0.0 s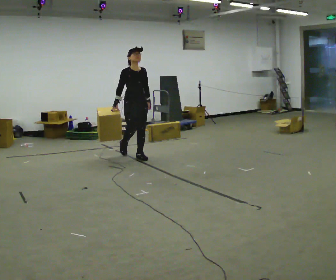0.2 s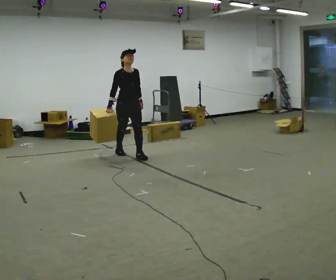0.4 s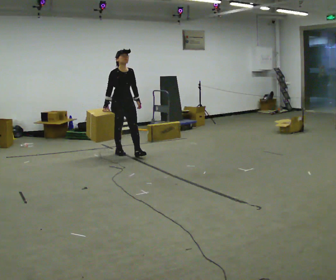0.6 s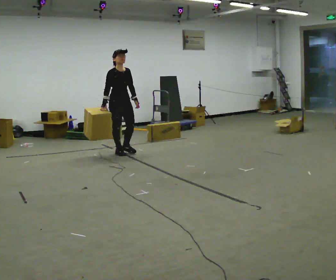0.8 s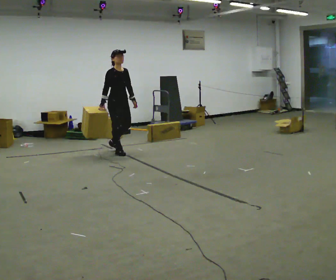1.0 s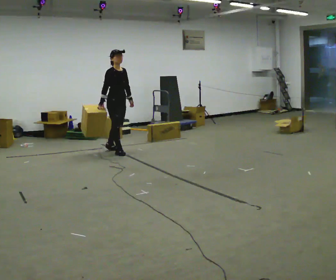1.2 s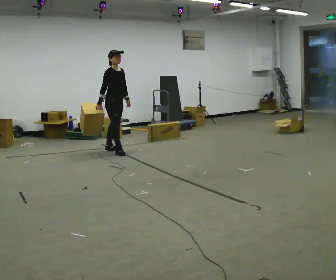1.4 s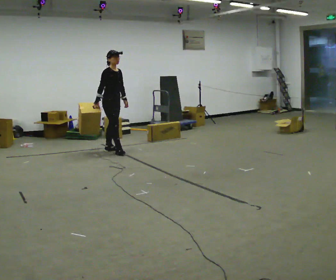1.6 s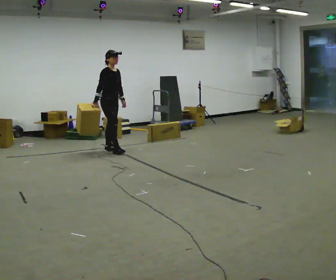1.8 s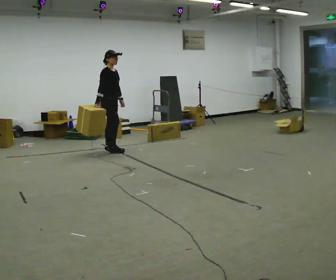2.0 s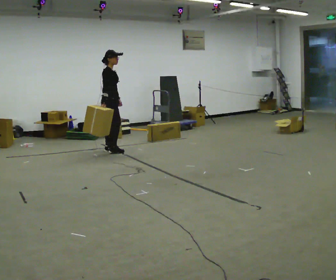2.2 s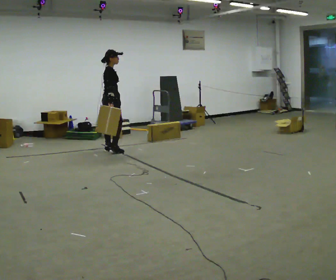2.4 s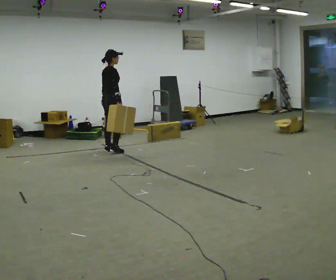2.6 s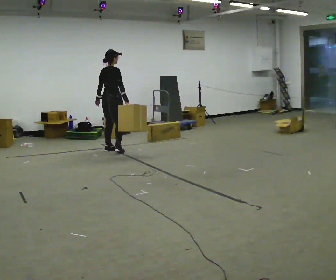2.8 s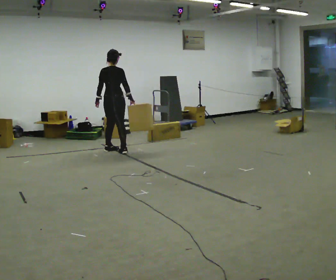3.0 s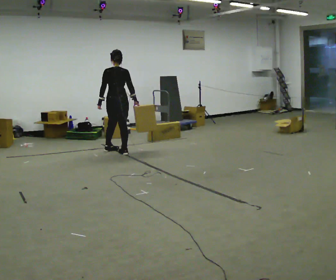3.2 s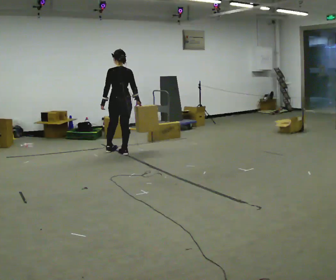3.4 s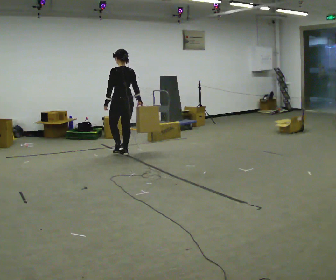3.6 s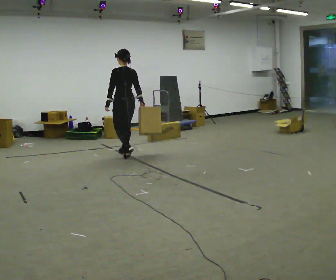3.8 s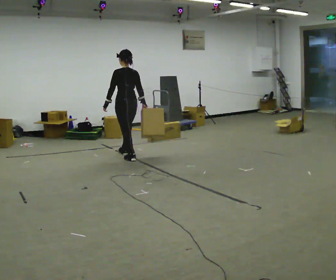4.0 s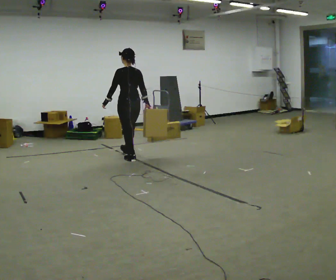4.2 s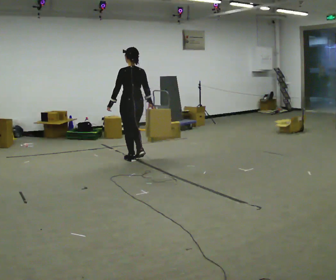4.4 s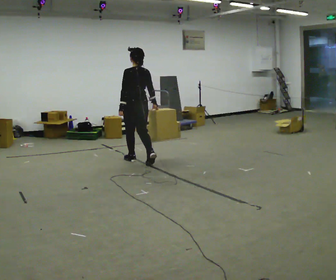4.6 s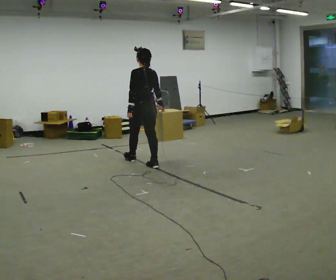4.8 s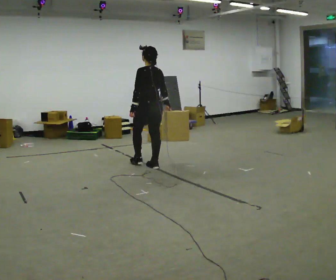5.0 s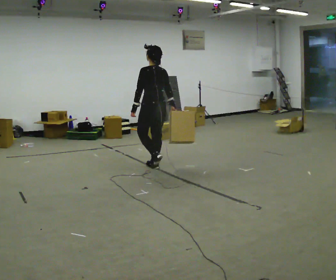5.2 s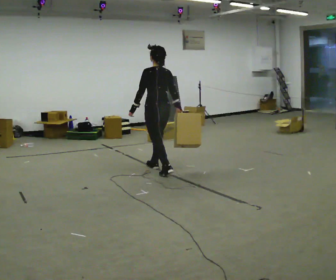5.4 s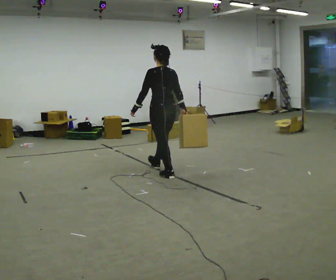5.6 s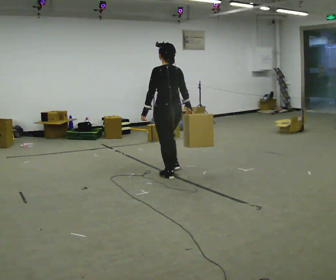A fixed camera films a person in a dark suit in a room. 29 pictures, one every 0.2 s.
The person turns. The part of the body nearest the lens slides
to the right.
The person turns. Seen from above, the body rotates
counterclockwise.
0.0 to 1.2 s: The part of the body nearest the lens slides to the right as the person turns to their left by about 45 degrees. In the picture they go away from the camera and to the left, about 0.5 m in 1 step, which for them is backward.
1.2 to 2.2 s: The person turns about 30 degrees to their left, counterclockwise seen from above, so the part of the body nearest the lens slides to the right.
2.2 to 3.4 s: The person turns about 105 degrees to their left, counterclockwise seen from above, so the part of the body nearest the lens slides to the right. In the picture they go toward the camera and to the right, about 0.25 m in 2 steps.
3.4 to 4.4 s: In the picture they go toward the camera and to the right, about 0.5 m in 1 step, which for them is backward.
4.4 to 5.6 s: In the picture they go toward the camera and to the right, about 1 m in 2 steps, which for them is backward.
The film runs backward here.
